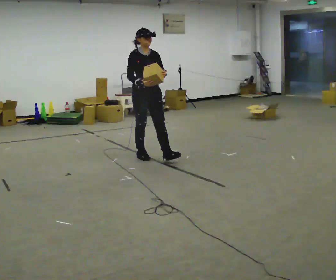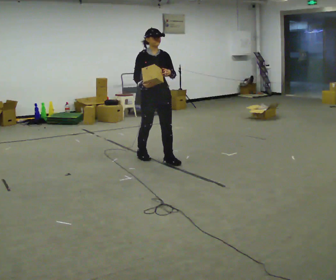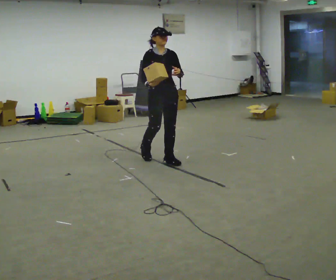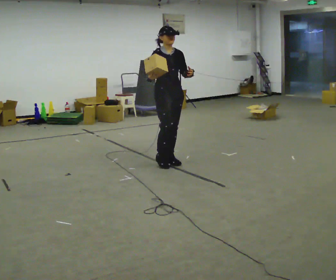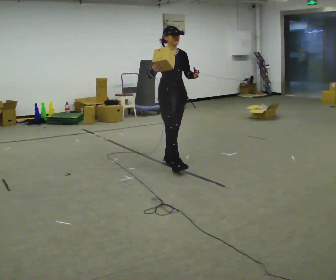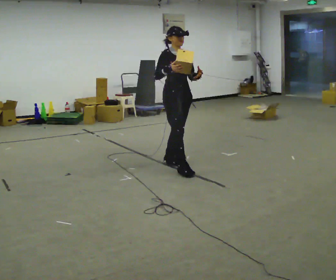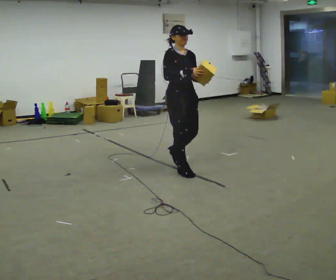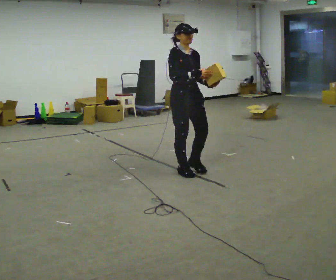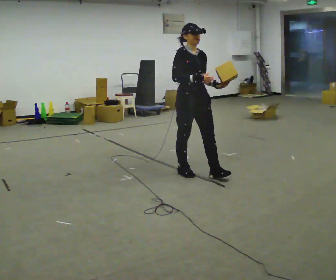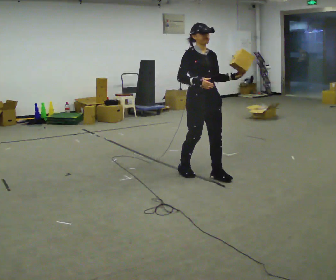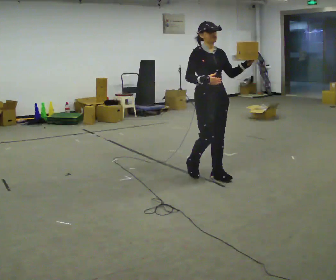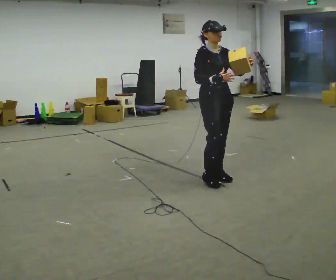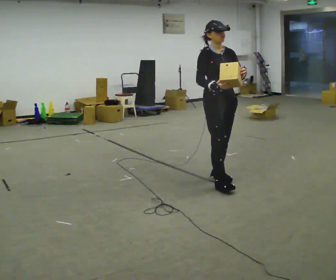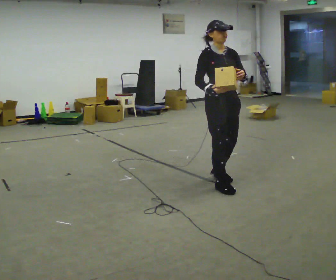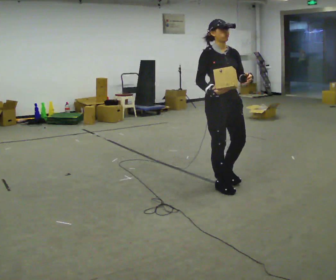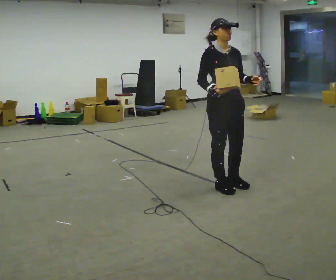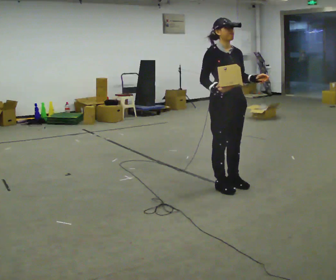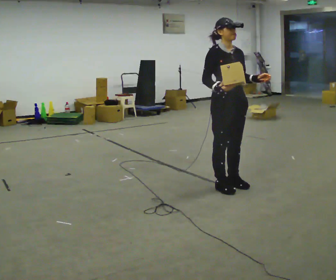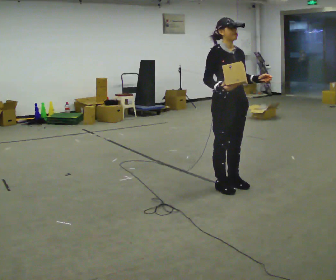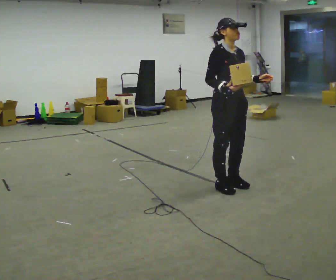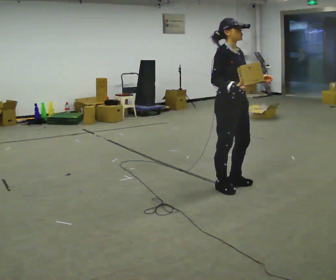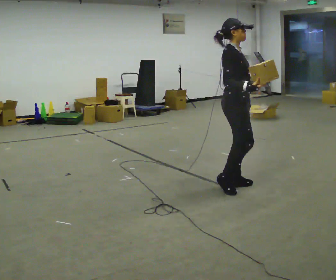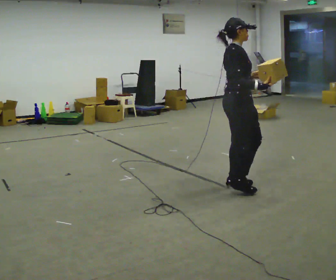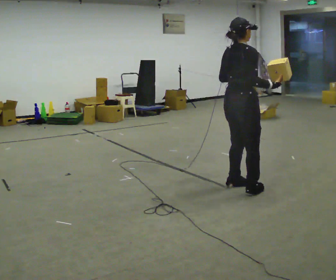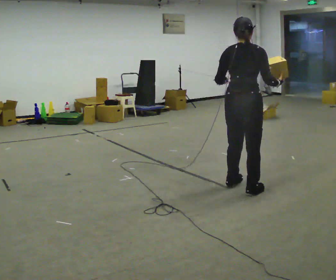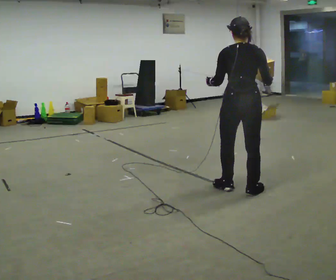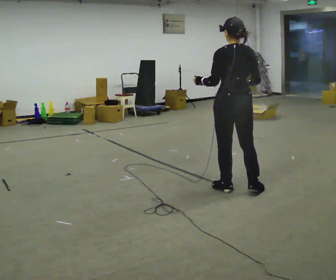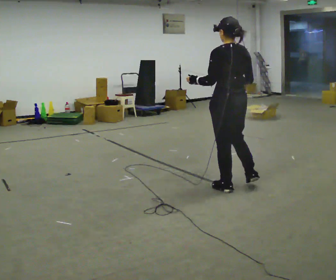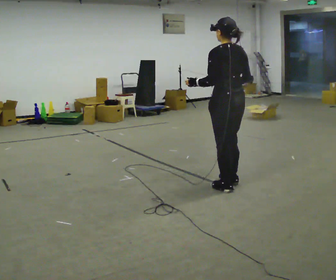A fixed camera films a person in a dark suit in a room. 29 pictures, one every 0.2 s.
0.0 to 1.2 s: In the picture they go to the right and toward the camera, about 0.75 m in 2 steps, which for them is forward.
1.2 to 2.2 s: In the picture they go to the right, about 0.5 m in 1 step, which for them is forward.
2.2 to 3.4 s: In the picture they go toward the camera and to the right, about 0.25 m in 2 steps, which for them is forward.
3.4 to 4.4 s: The person turns about 60 degrees to their left, counterclockwise seen from above, so the part of the body nearest the lens slides to the right.
4.4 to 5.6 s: The person turns about 120 degrees to their left, counterclockwise seen from above, so the part of the body nearest the lens slides to the right. In the picture their left hand goes to the left.
The film runs forward here.
